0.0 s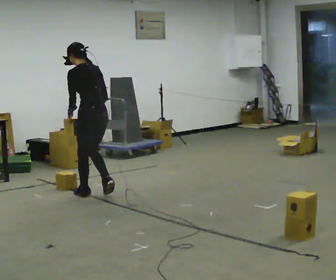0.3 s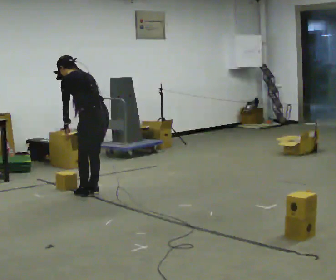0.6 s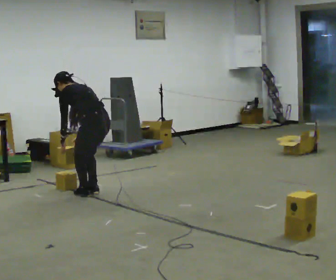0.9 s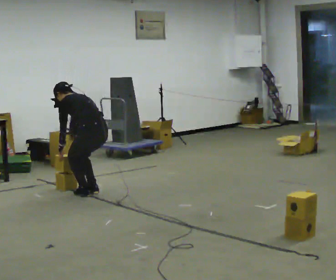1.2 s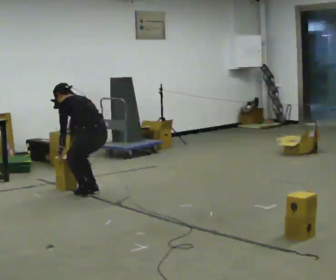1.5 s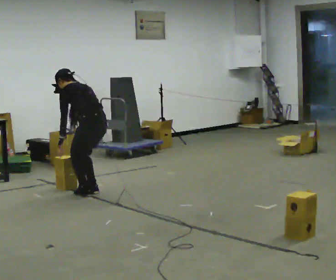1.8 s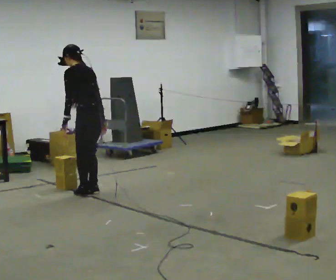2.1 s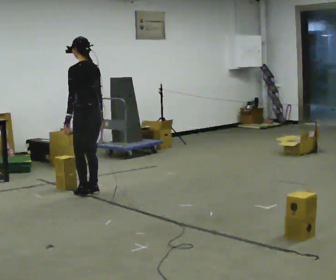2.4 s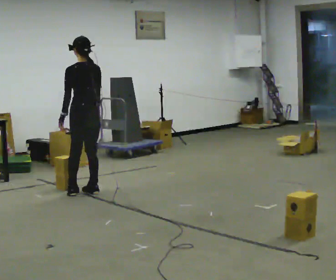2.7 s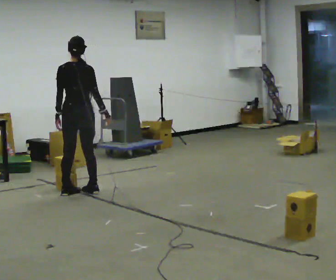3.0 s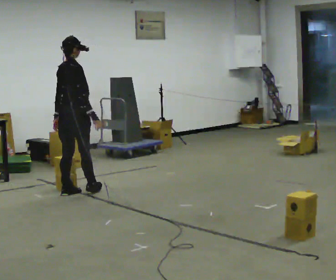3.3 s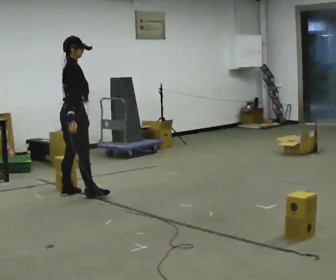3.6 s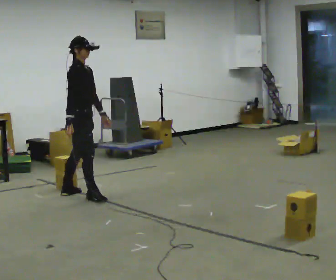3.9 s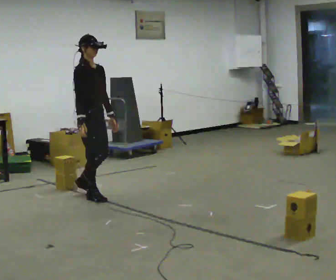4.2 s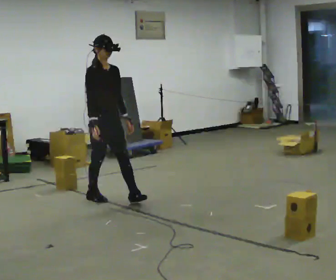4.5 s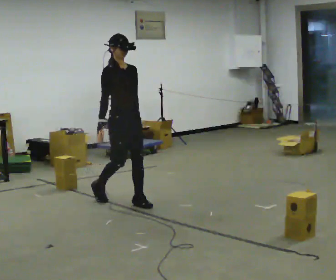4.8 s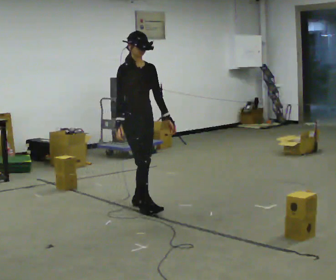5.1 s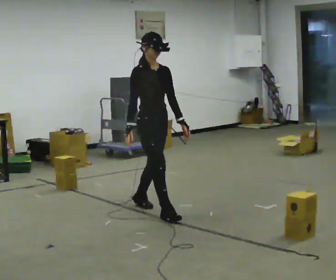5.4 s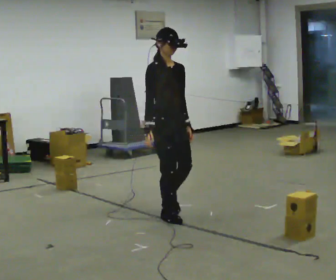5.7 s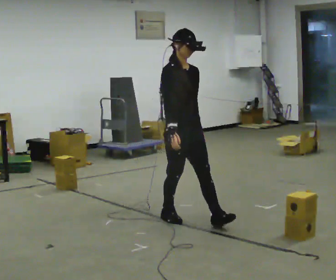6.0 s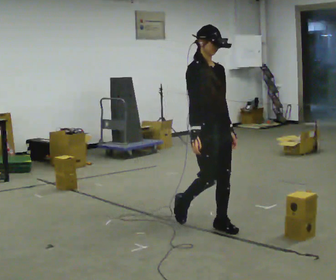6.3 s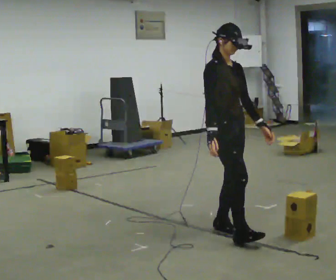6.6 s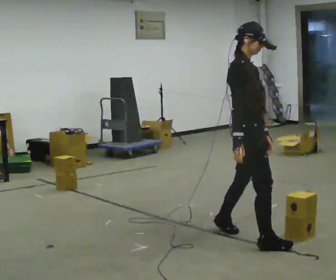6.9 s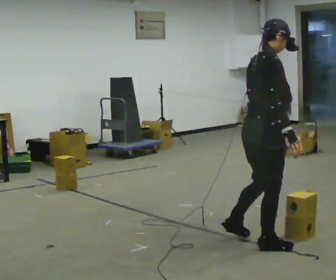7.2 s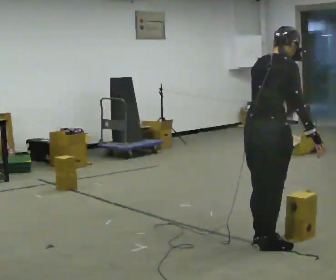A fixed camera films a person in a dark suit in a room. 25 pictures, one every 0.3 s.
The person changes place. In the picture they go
toward the camera.
0.0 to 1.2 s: The upper body goes downward. The upper body tips away from the camera, its near side rolling upward, as they bend forward. In the picture their left hand goes downward.
1.2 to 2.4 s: The upper body goes upward. The upper body tips toward the camera, its near side rolling downward, as they lean back or straighten. In the picture their right hand goes upward.
2.4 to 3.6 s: The part of the body nearest the lens slides to the left as the person turns to their right by about 120 degrees. In the picture they go toward the camera, about 0.25 m in 2 steps. In the picture their right hand goes to the left.
3.6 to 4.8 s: The part of the body nearest the lens slides to the left as the person turns to their right by about 45 degrees. In the picture they go toward the camera and to the right, about 0.5 m in 1 step, which for them is forward.
4.8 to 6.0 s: In the picture they go toward the camera and to the right, about 1 m in 2 steps, which for them is forward.
6.0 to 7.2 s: The person turns about 90 degrees to their left, counterclockwise seen from above, so the part of the body nearest the lens slides to the right. In the picture they go toward the camera, about 0.75 m in 2 steps. In the picture the upper body tilts clockwise, shoulders to the right, as they bend forward.
The film runs forward here.
